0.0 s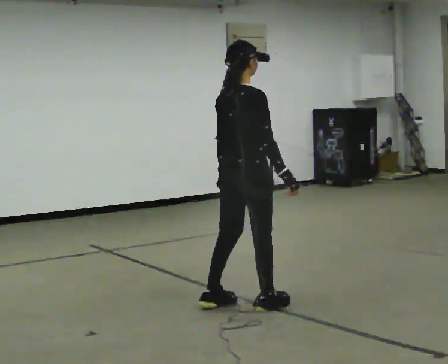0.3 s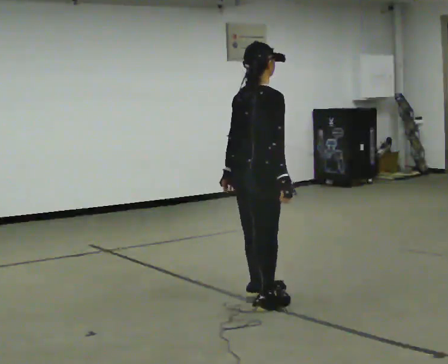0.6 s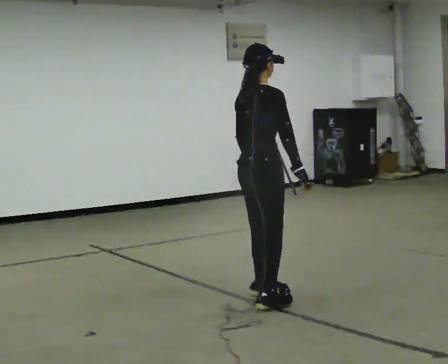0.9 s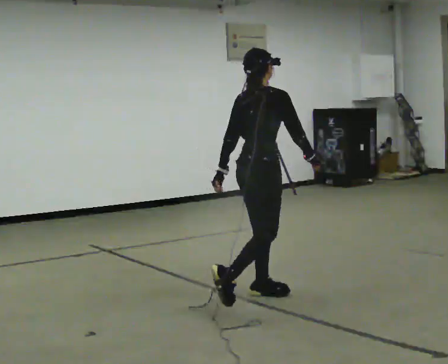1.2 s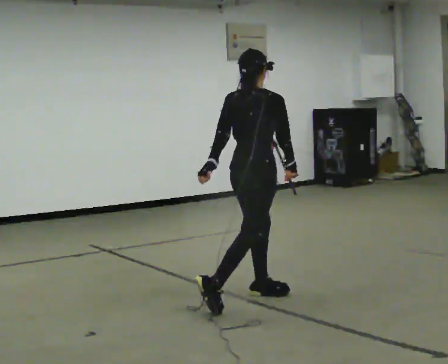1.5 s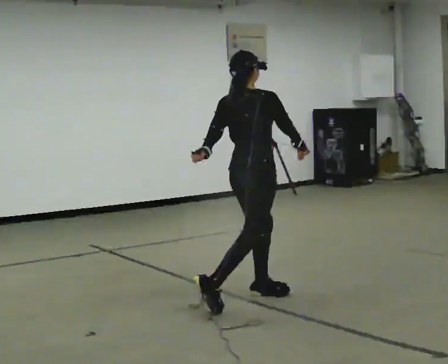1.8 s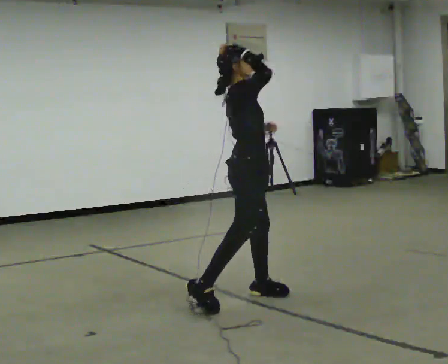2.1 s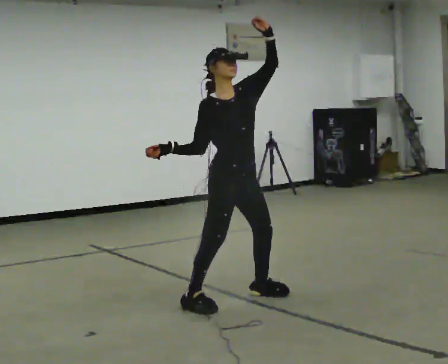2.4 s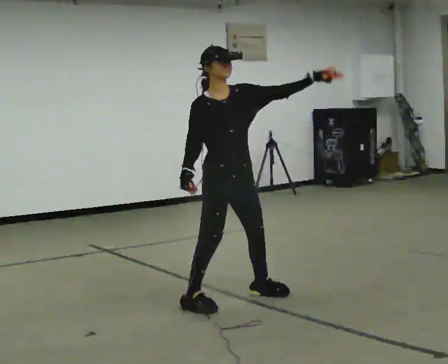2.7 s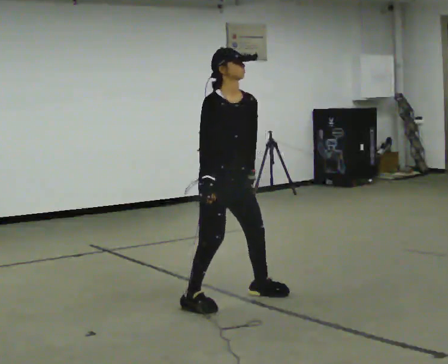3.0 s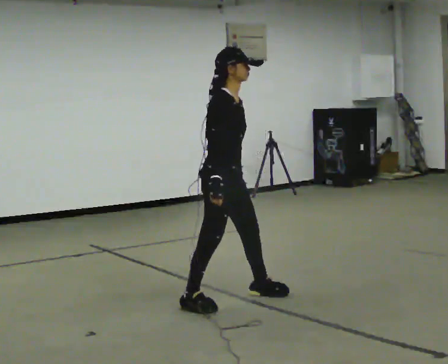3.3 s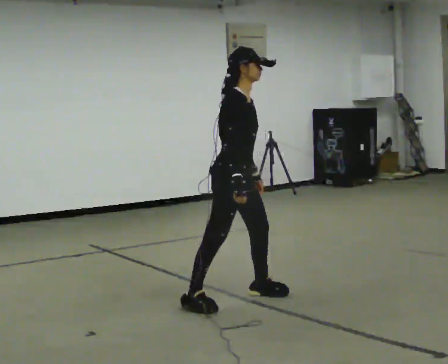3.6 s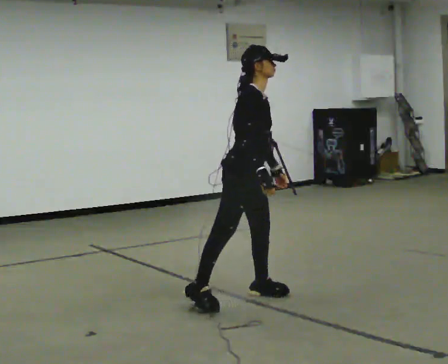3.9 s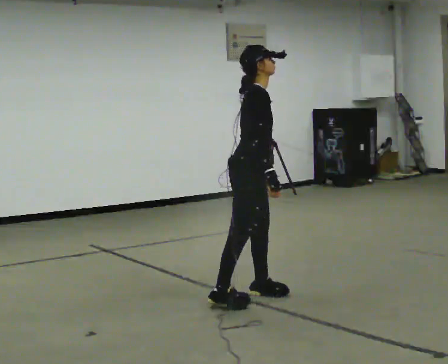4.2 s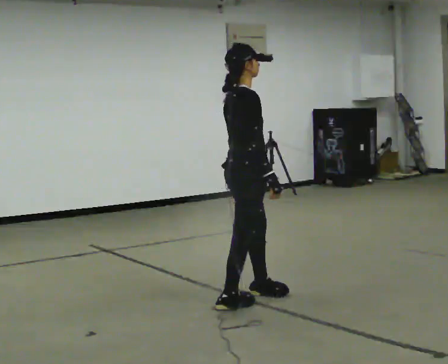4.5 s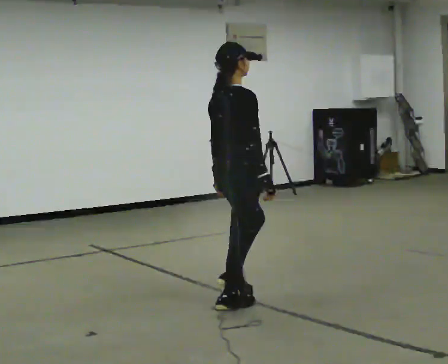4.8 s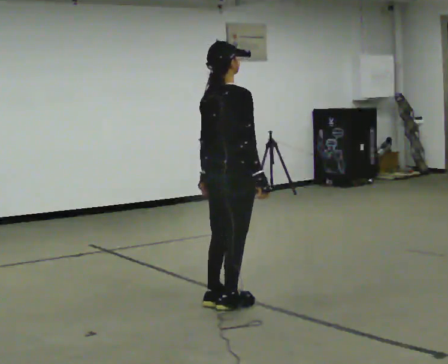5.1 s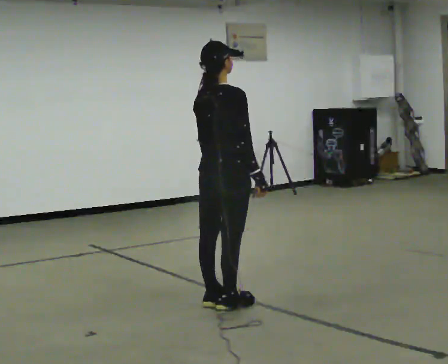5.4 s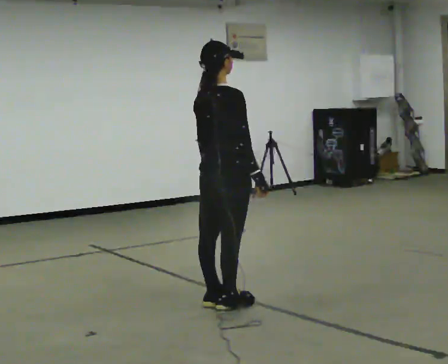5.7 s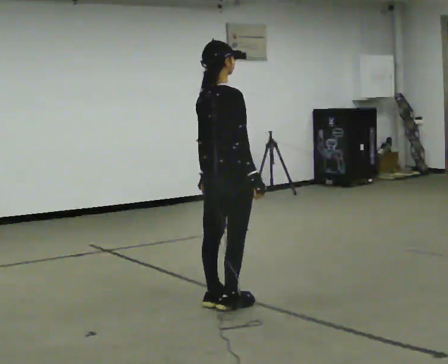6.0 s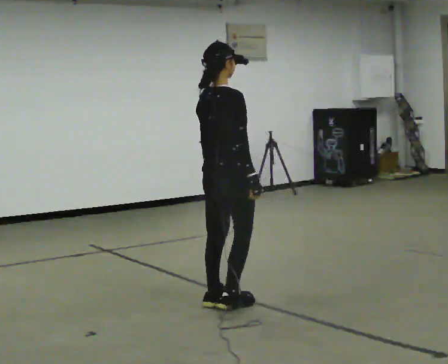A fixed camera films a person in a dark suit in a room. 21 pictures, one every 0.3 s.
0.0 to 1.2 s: In the picture they go away from the camera, about 0.25 m in 2 steps, which for them is to their left.
1.2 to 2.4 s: Seen from above the body turns clockwise, about 105 degrees: to their right, with its near side sliding to the left. In the picture the upper body tilts counterclockwise, shoulders to the left. In the picture their left hand goes to the right and upward.
2.4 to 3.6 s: The person turns about 45 degrees to their left, counterclockwise seen from above, so the part of the body nearest the lens slides to the right. In the picture the upper body tilts clockwise, shoulders to the right. In the picture their left hand goes downward.
3.6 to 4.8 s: The person turns about 60 degrees to their left, counterclockwise seen from above, so the part of the body nearest the lens slides to the right. In the picture they go toward the camera, about 0.25 m in 2 steps. In the picture their left hand goes to the left.
4.8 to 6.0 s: The person moves a little, or ends about where they began.
The film runs backward here.
